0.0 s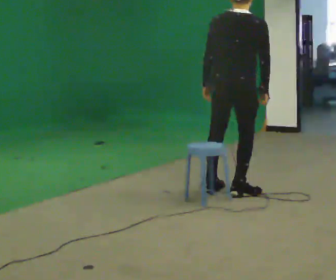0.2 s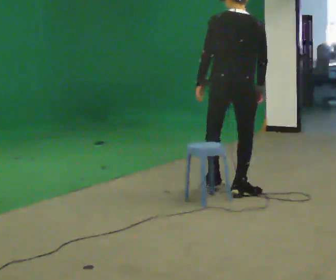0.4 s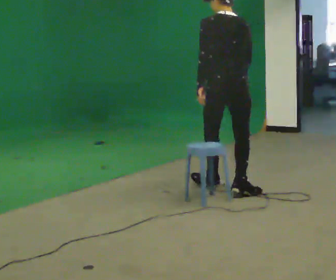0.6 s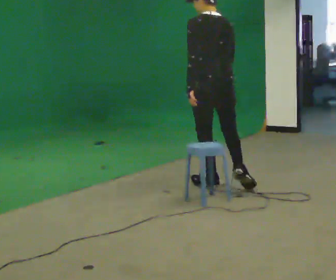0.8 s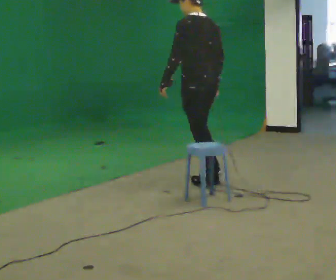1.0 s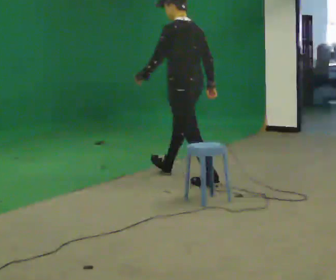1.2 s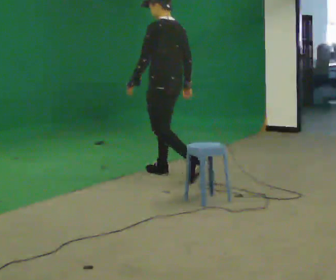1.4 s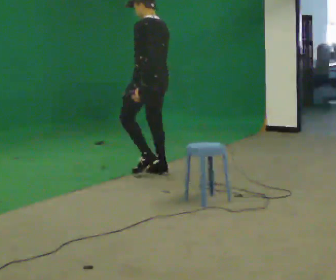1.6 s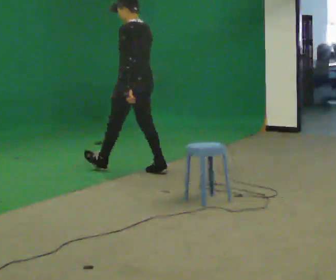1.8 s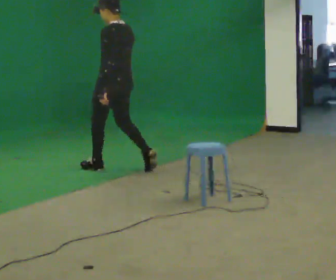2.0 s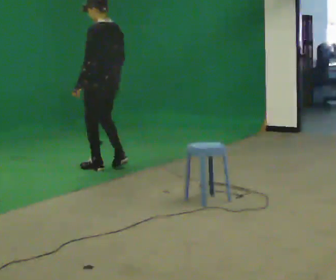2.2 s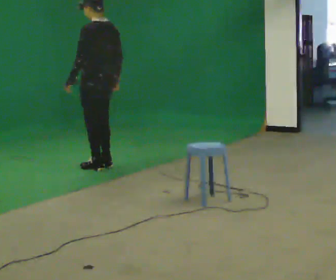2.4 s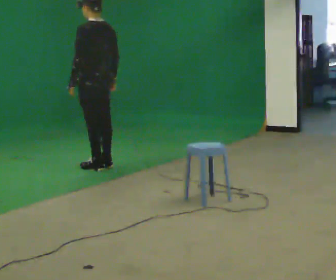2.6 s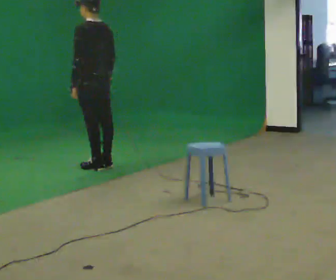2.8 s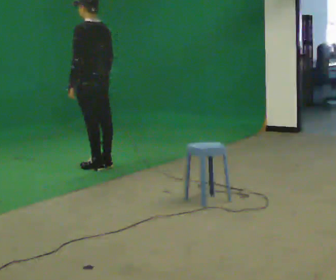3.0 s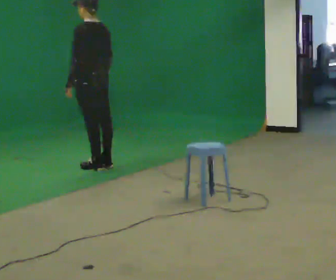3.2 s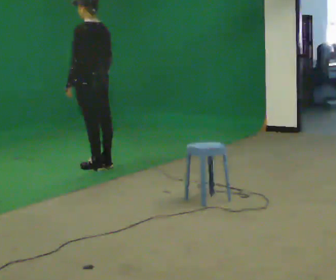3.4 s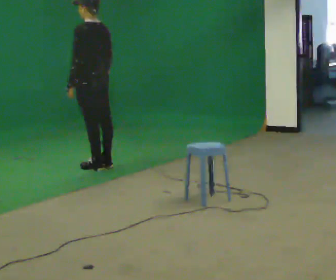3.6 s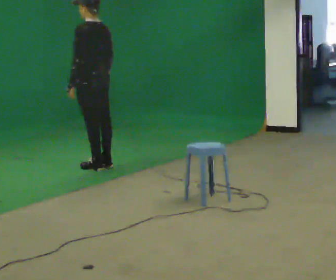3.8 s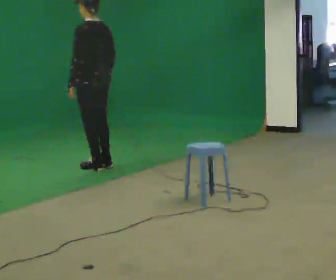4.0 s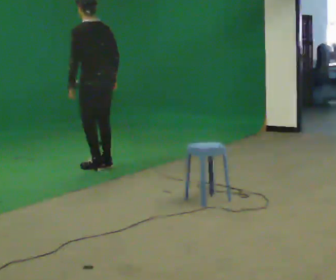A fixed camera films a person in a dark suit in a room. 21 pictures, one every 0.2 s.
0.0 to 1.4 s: The person turns about 75 degrees to their left, counterclockwise seen from above, so the part of the body nearest the lens slides to the right. In the picture they go away from the camera and to the left, about 1 m in 2 steps.
1.4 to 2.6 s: In the picture they go to the left and away from the camera, about 0.75 m in 2 steps, which for them is forward.
2.6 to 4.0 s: The person moves a little, or ends about where they began.
The film runs forward here.
